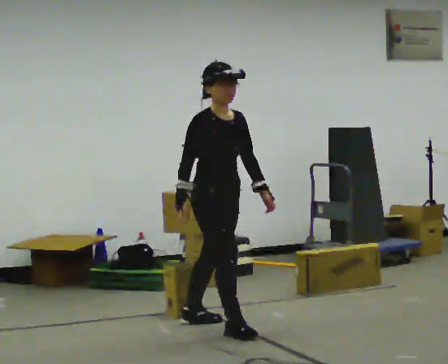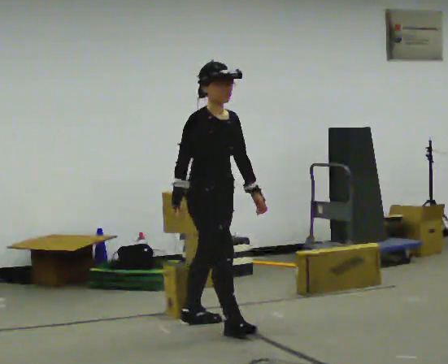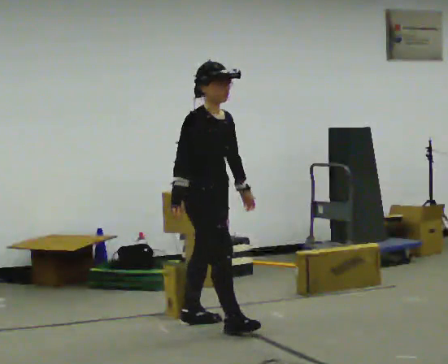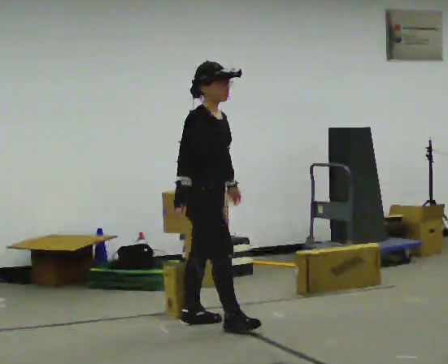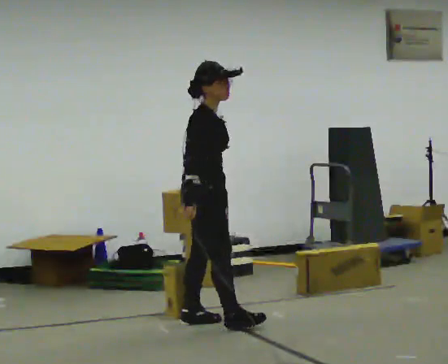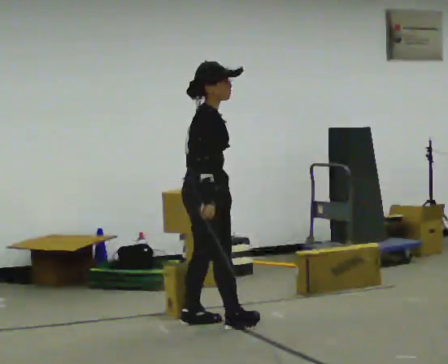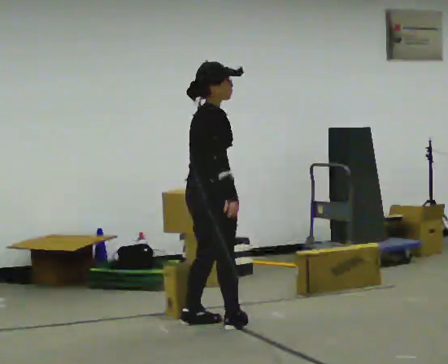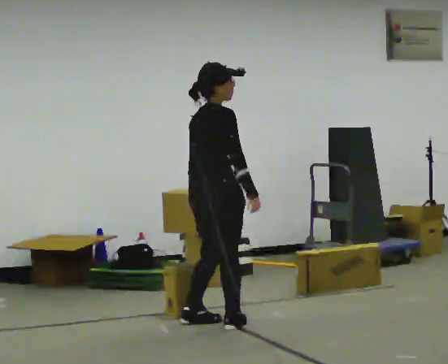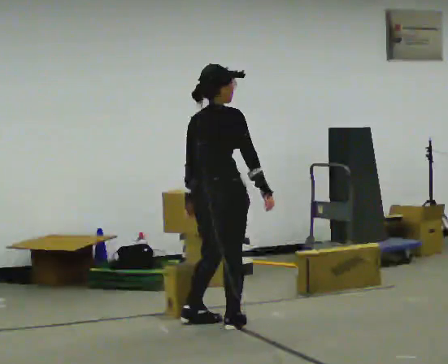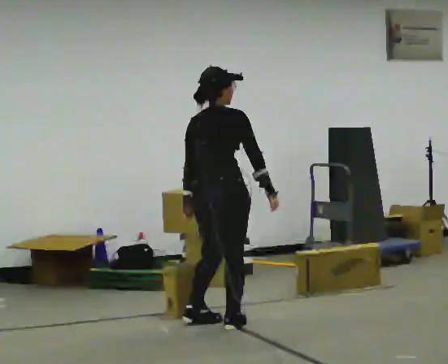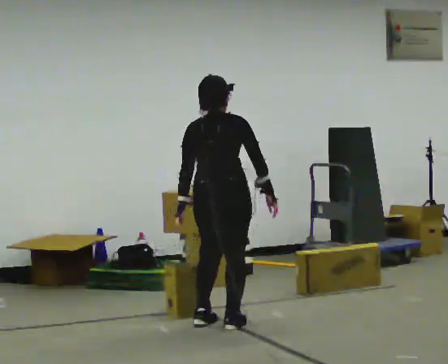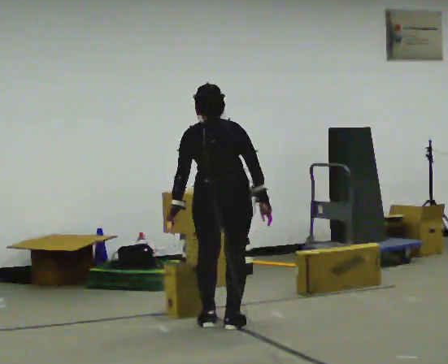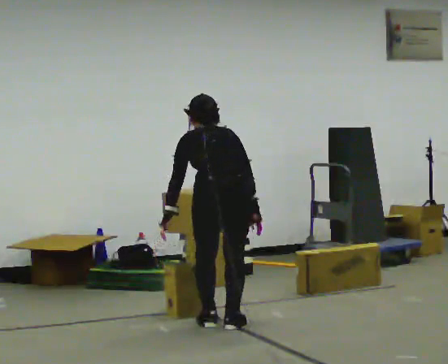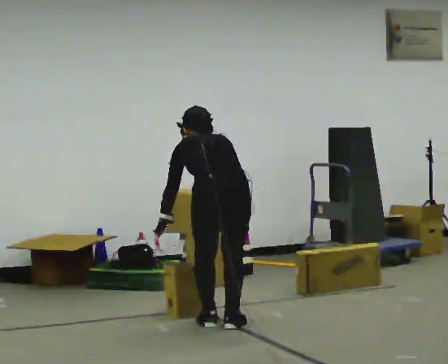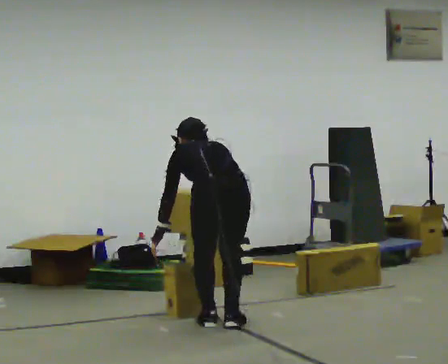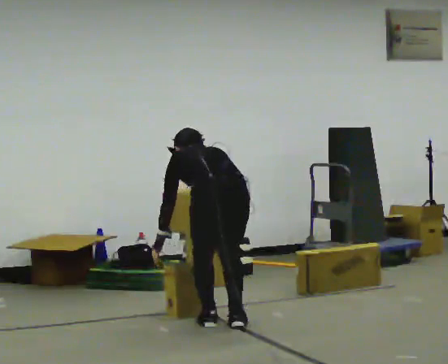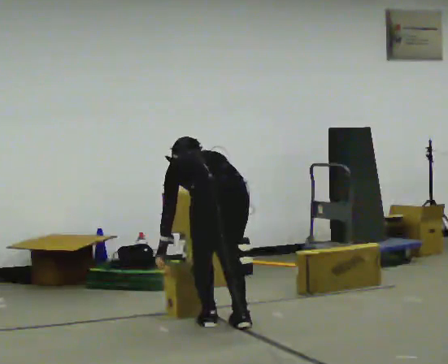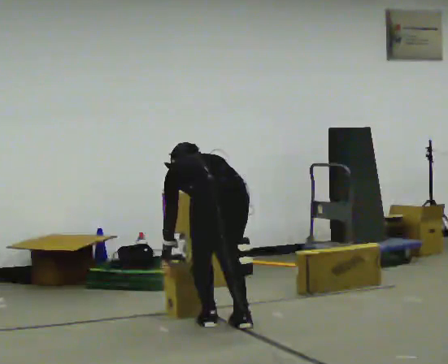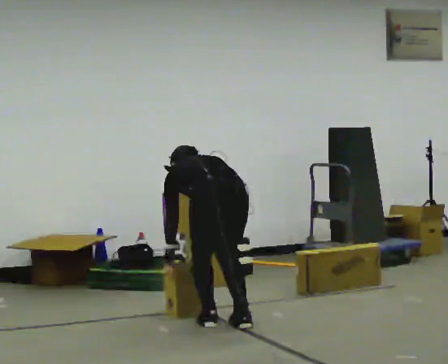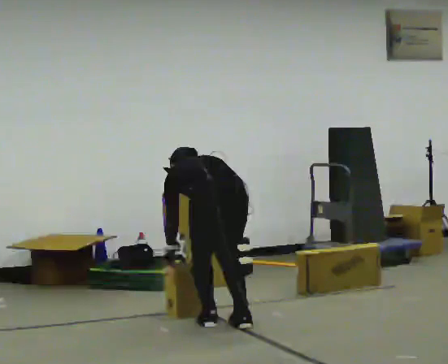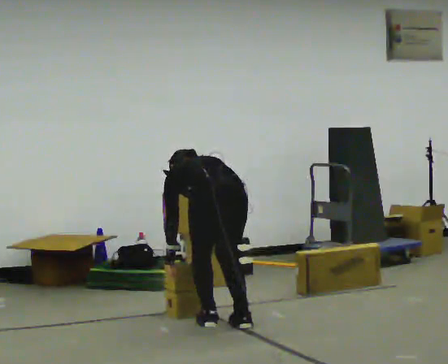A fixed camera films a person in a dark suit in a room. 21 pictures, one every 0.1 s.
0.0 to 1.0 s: The part of the body nearest the lens slides to the right as the person turns to their left by about 120 degrees. The upper body tips away from the camera, its near side rolling upward, as they bend forward. In the picture their right hand goes to the right, the arm swinging counterclockwise.
1.0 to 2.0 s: Seen from above the body turns counterclockwise, about 30 degrees: to their left, with its near side sliding to the right. The shoulders move downward. The upper body tips away from the camera, its near side rolling upward, as they bend forward. In the picture their right hand goes to the left and downward.
The film runs backward here.
